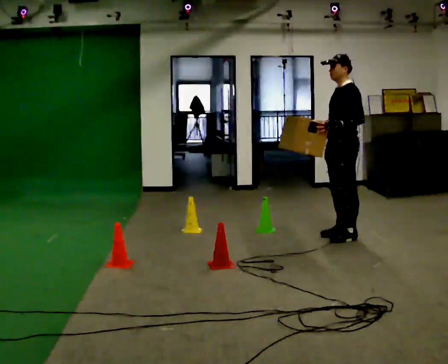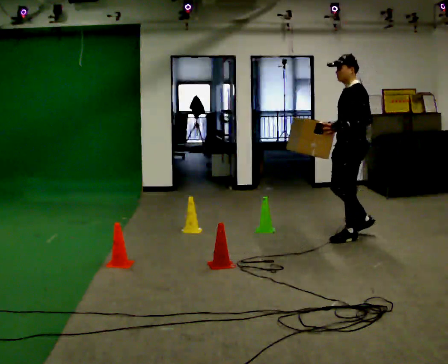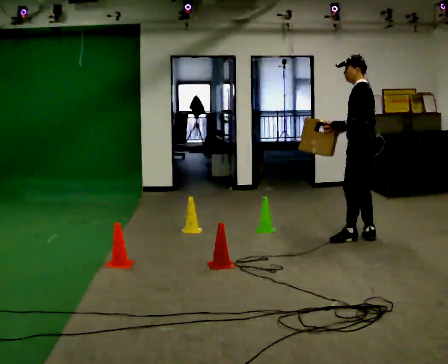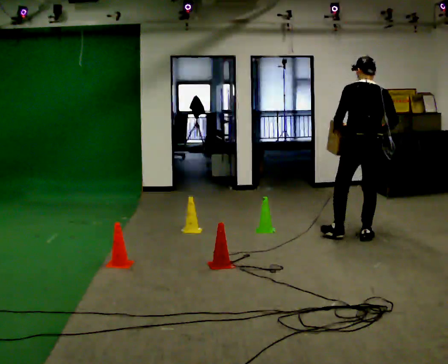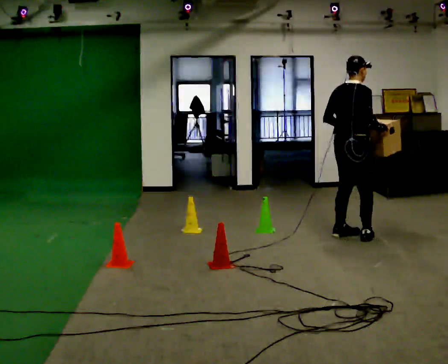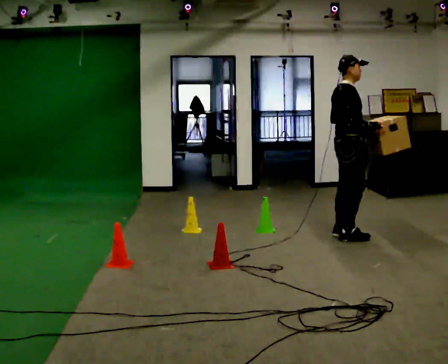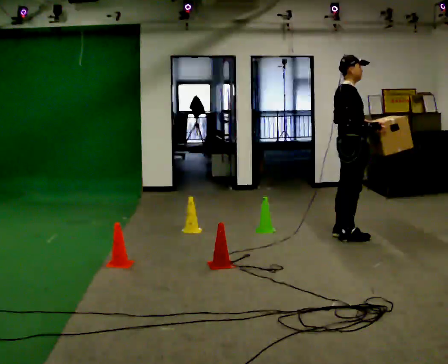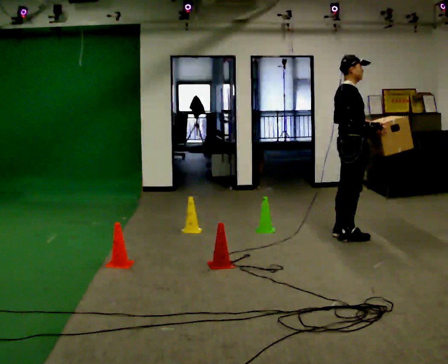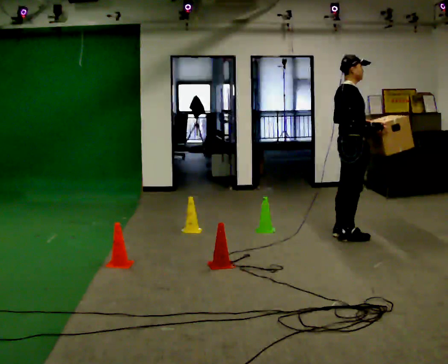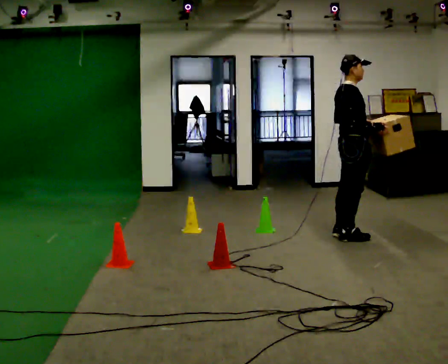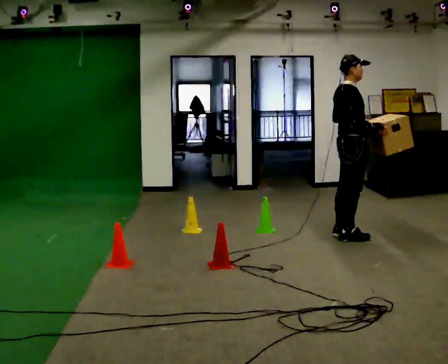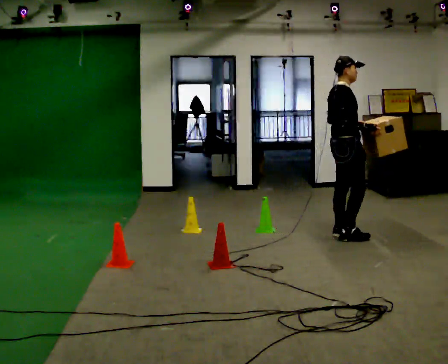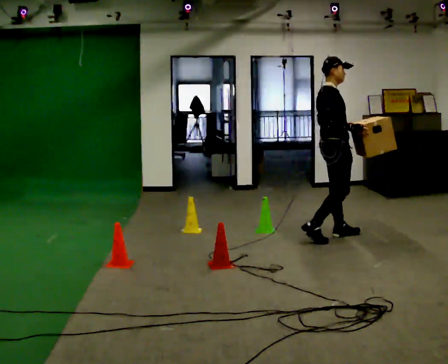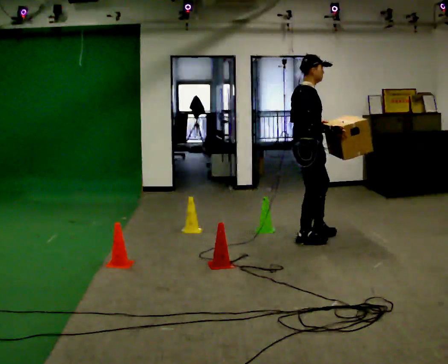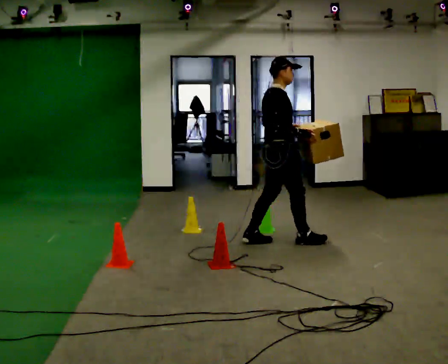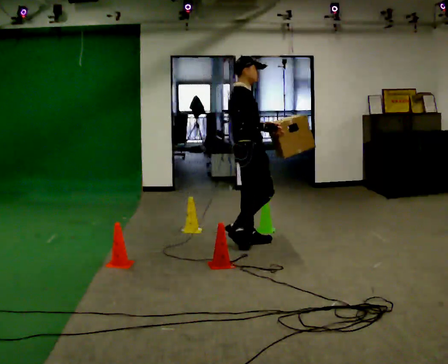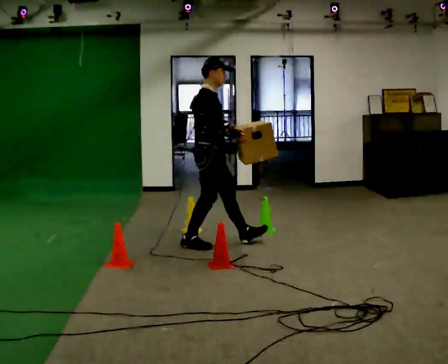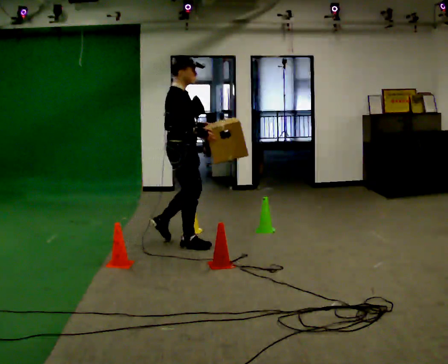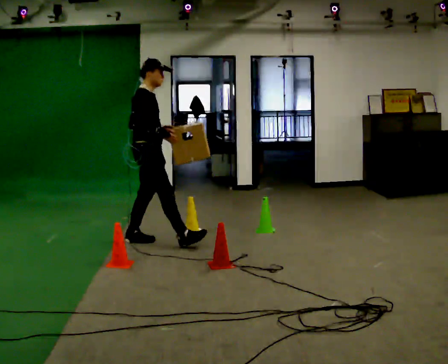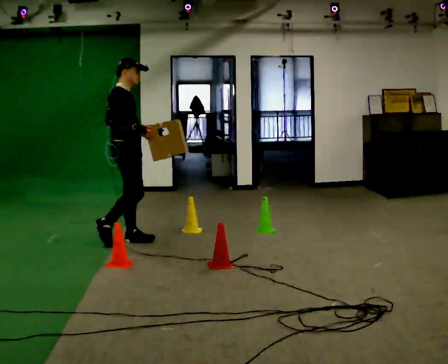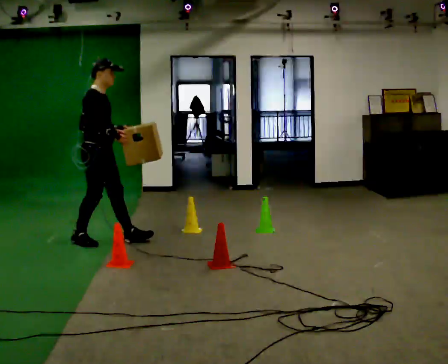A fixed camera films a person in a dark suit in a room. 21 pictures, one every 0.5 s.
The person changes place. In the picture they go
to the left.
0.0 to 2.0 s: Seen from above the body turns clockwise, about 150 degrees: to their right, with its near side sliding to the left.
2.0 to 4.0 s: The part of the body nearest the lens slides to the left as the person turns to their right by about 45 degrees.
4.0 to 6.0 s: In the picture they go to the left, about 0.25 m in 1 step, which for them is backward.
6.0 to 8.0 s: In the picture they go to the left and toward the camera, about 1 m in 2 steps, which for them is backward.
8.0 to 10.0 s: In the picture they go to the left, about 1 m in 2 steps, which for them is backward.
The film runs backward here.
